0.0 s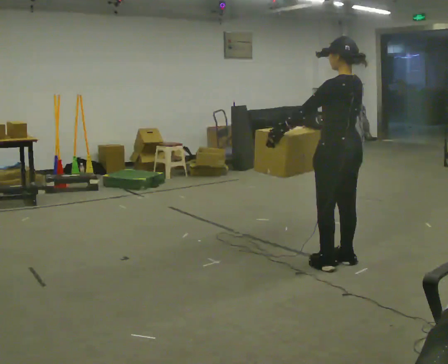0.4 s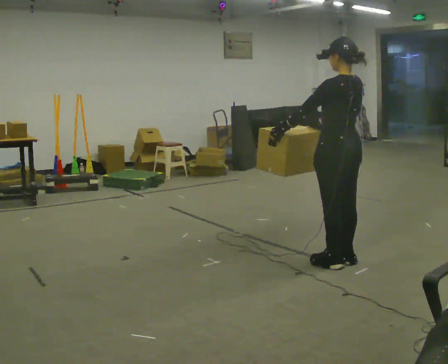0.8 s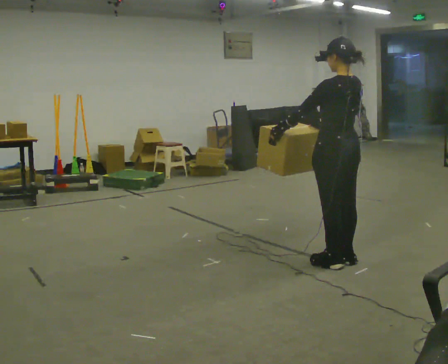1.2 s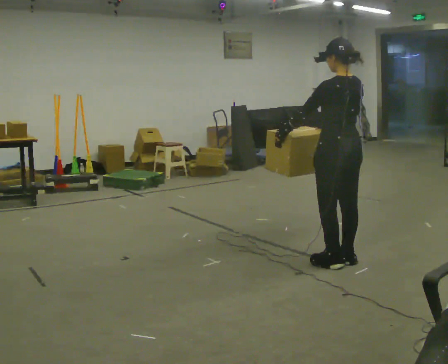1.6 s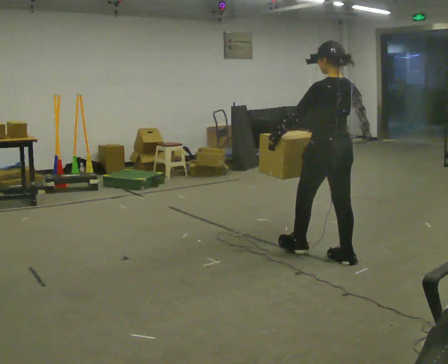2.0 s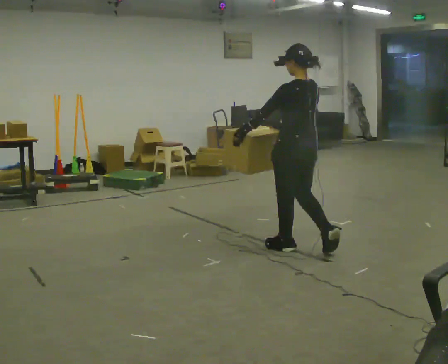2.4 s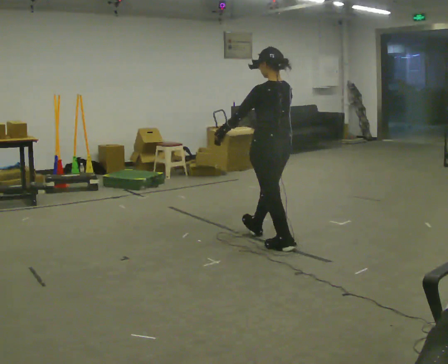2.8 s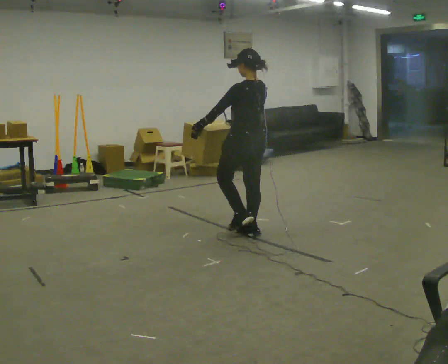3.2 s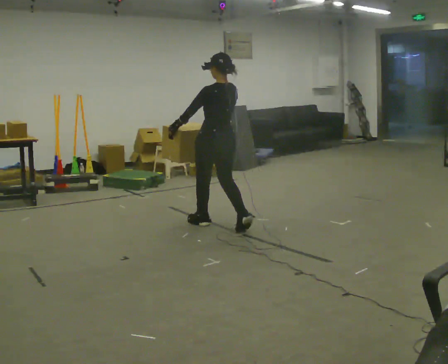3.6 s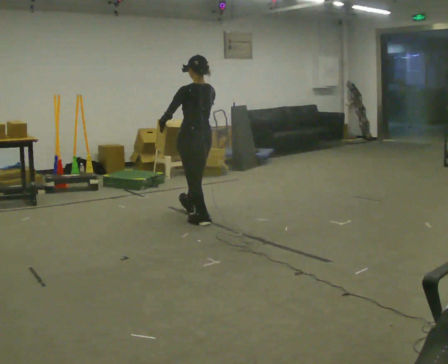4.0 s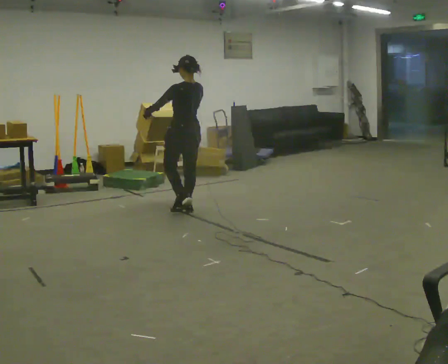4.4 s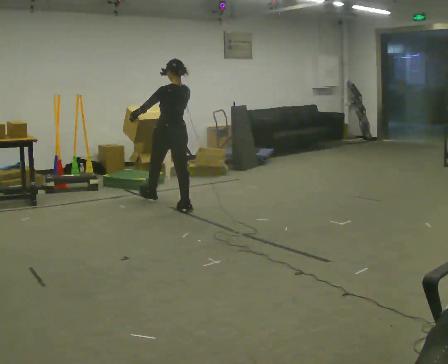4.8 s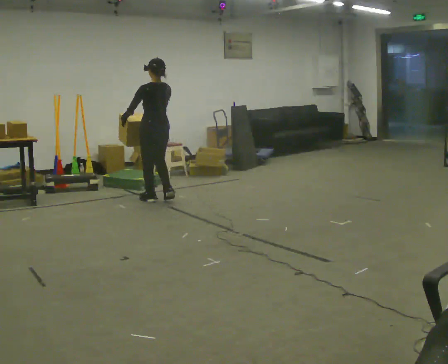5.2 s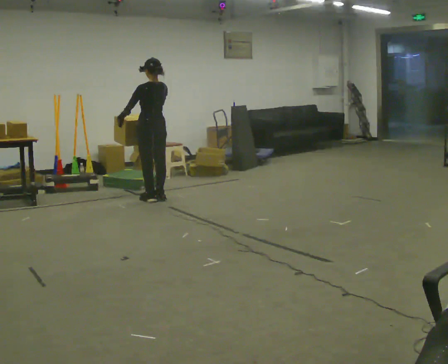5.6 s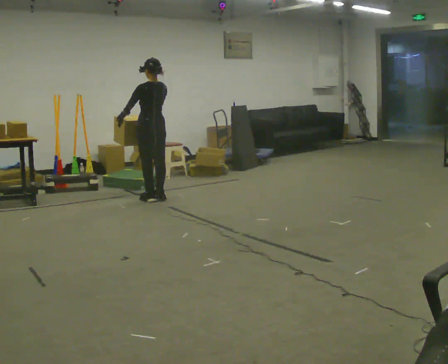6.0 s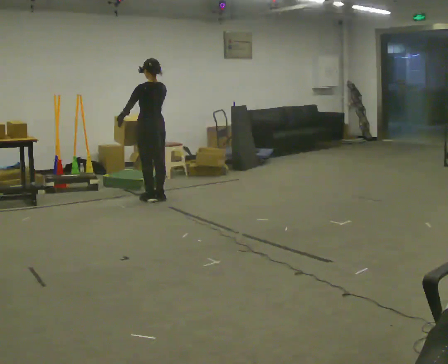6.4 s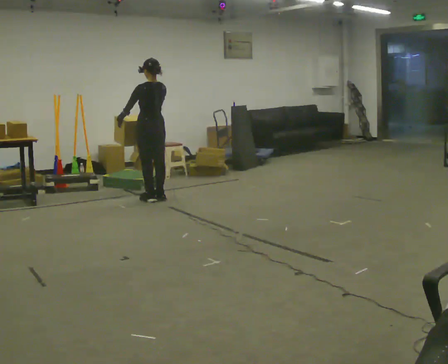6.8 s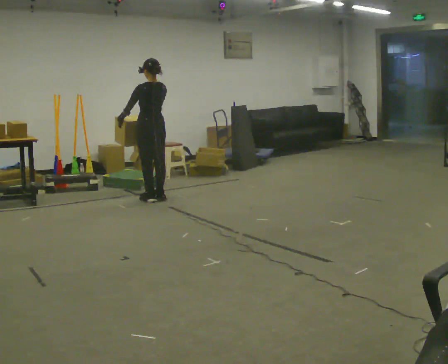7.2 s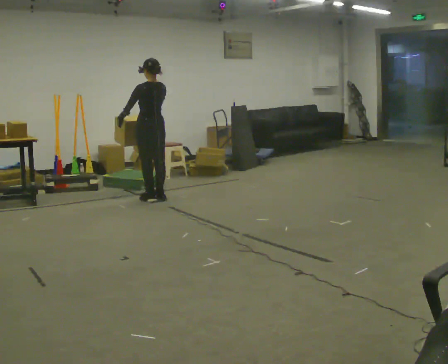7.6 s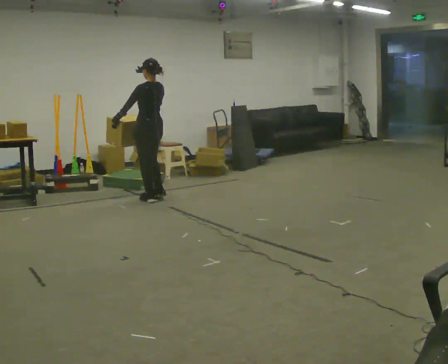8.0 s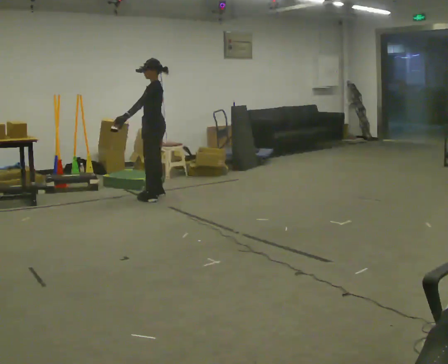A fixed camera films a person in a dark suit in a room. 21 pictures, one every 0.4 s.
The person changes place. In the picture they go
away from the camera.
0.0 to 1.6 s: The person moves a little, or ends about where they began.
1.6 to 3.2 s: In the picture they go away from the camera and to the left, about 1.5 m in 3 steps, which for them is forward.
3.2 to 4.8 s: In the picture they go away from the camera and to the left, about 1 m in 2 steps, which for them is forward.
4.8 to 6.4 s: The person moves a little, or ends about where they began.
6.4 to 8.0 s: Seen from above the body turns counterclockwise, about 60 degrees: to their left, with its near side sliding to the right.
The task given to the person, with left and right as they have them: Carry the heavy box in both hands in front of you, walking back and forth across the room. Keep walking until the operator says stop. Set it down if you need a rest.
The film runs forward here.
